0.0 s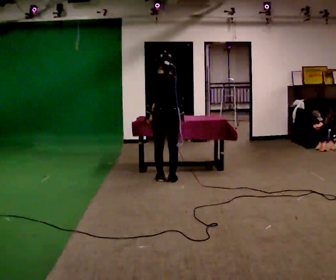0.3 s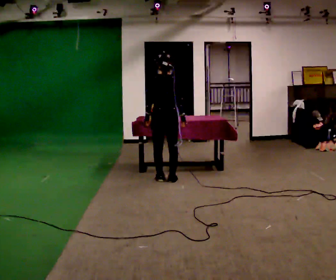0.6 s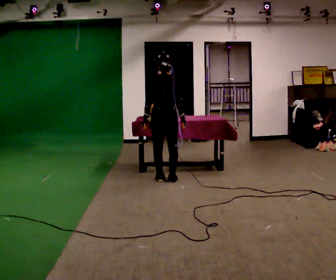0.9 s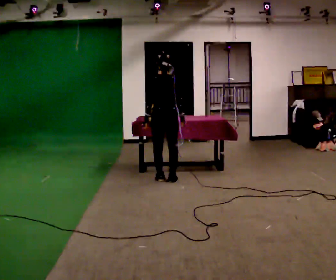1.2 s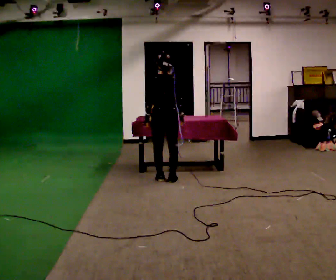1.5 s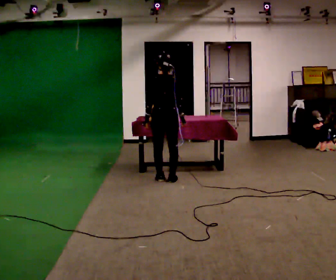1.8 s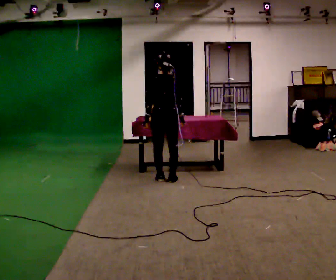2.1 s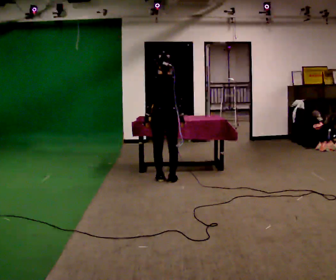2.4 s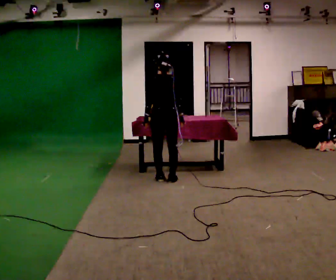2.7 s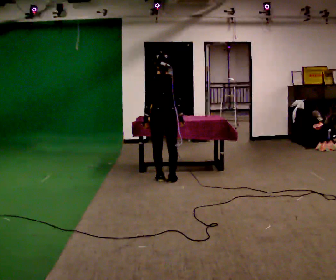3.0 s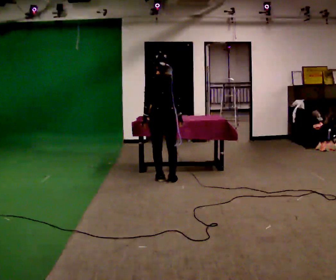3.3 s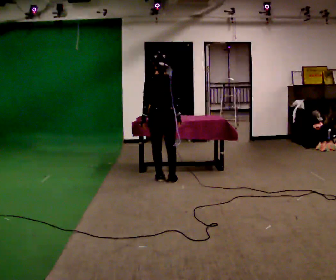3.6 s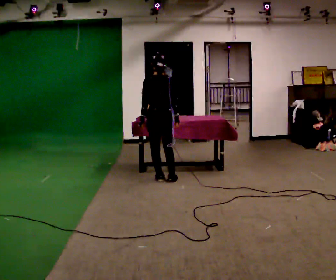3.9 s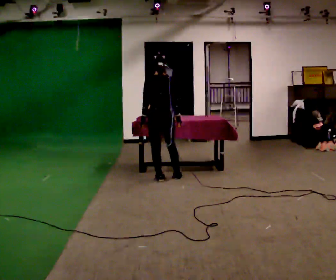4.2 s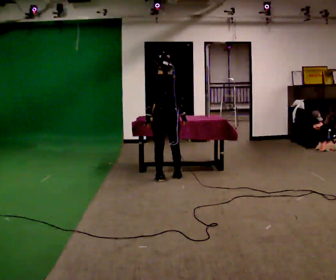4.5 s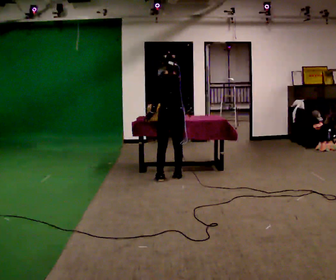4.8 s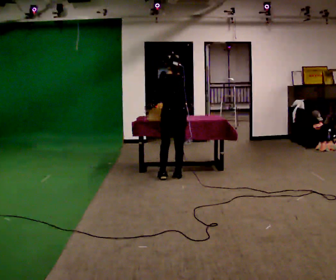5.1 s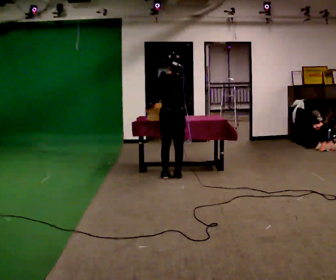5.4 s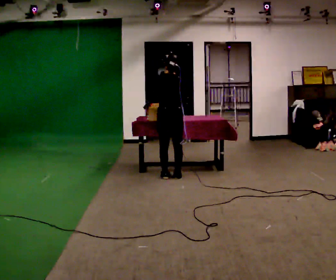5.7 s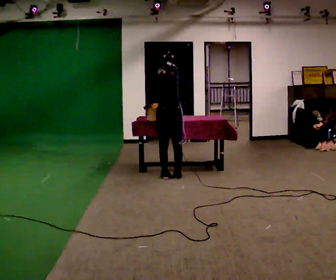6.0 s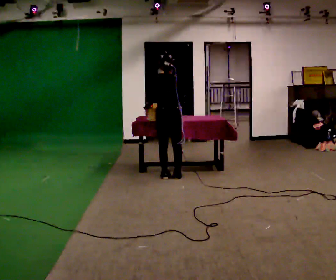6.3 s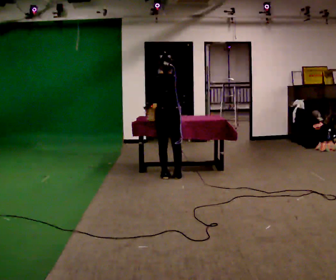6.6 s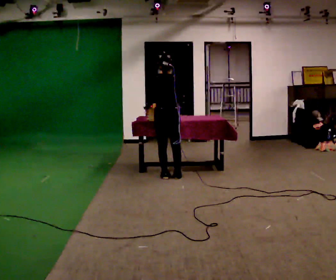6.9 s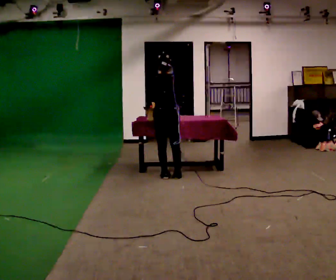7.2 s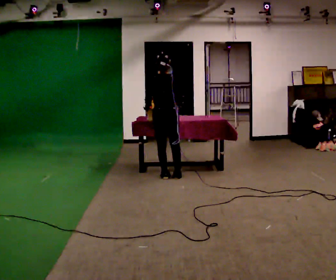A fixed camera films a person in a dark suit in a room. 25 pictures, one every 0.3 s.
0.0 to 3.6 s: The person moves a little, or ends about where they began.
3.6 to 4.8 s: In the picture they go to the right, about 0.25 m in 1 step, which for them is to their right.
4.8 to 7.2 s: The person moves a little, or ends about where they began.
The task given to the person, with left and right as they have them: Lift the heavy object with both hands and set it down again in a different spot on the same surface. Repeat at your own pace until the operator says stop. Keep both feet on the marked spots for the whole take. If you have to step, stop and tell the operator.
The film runs forward here.
